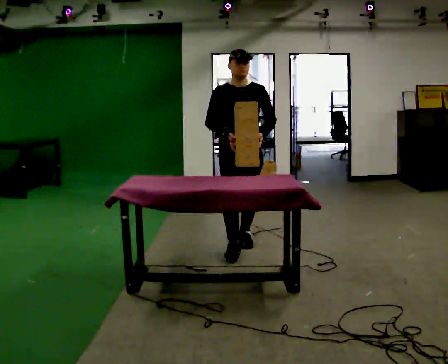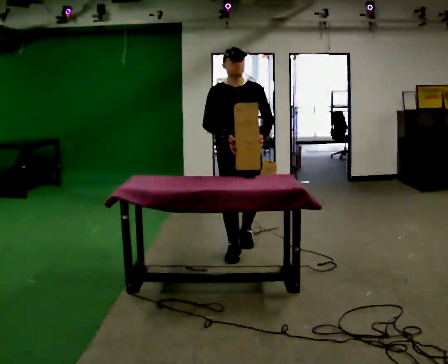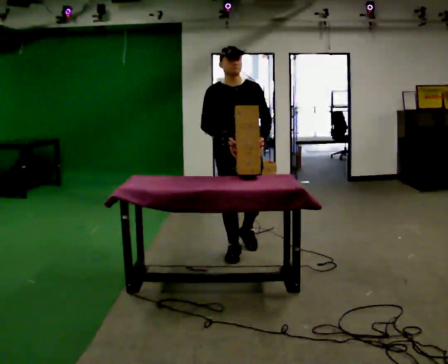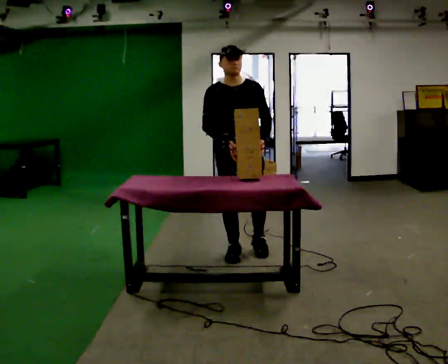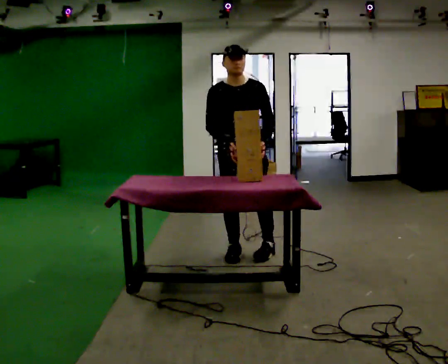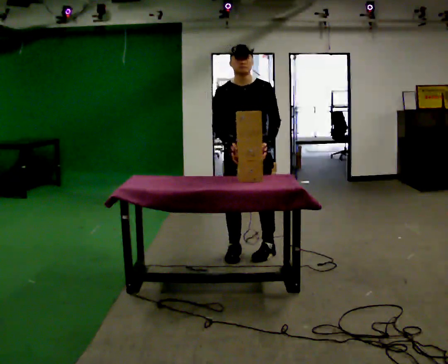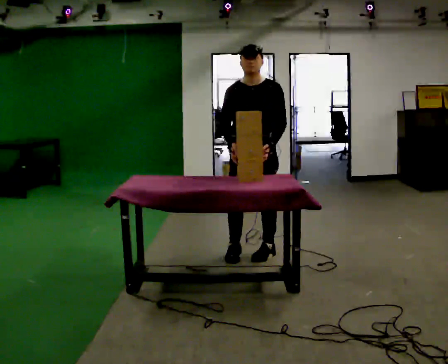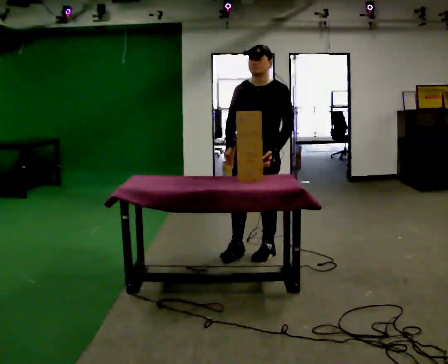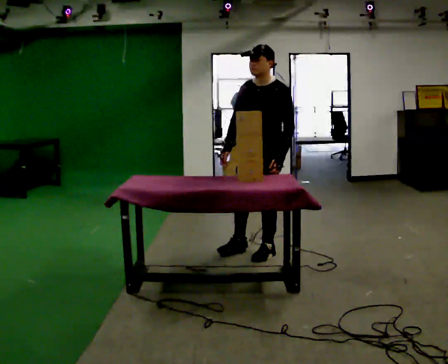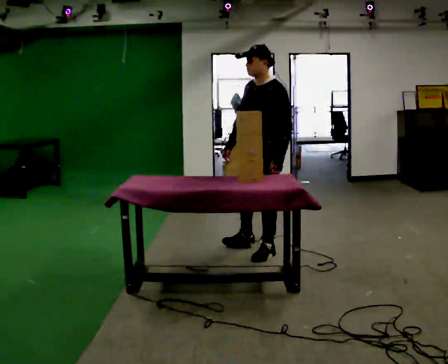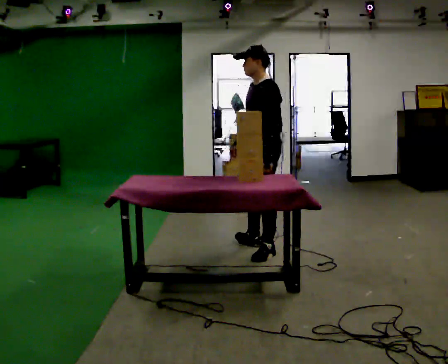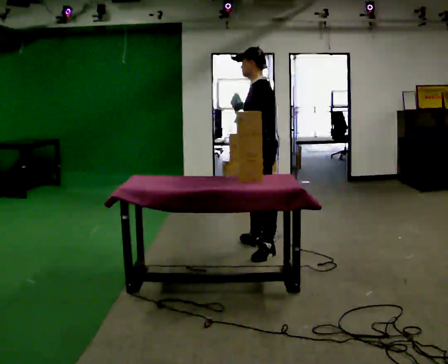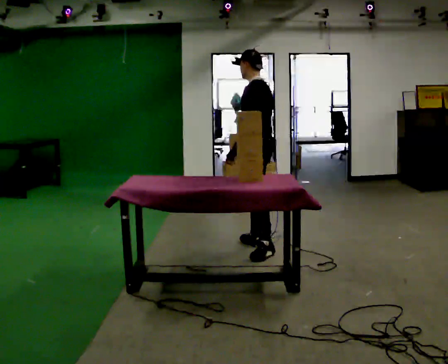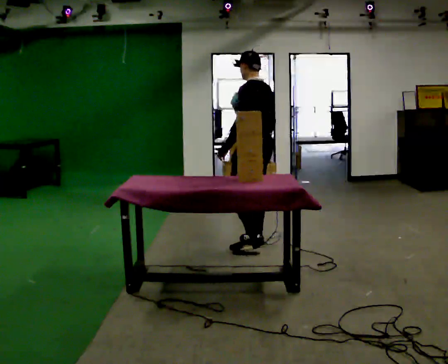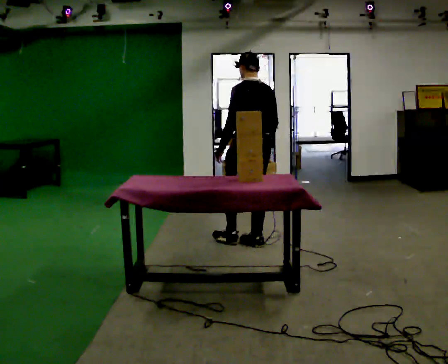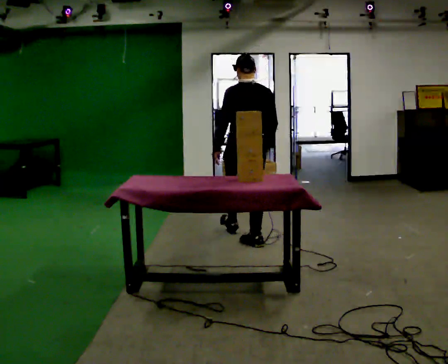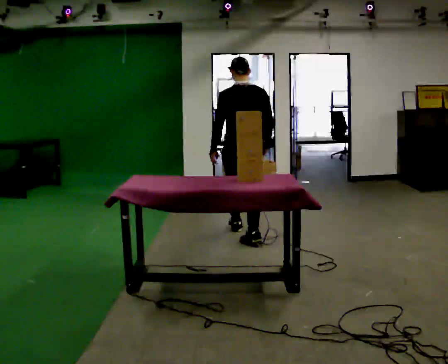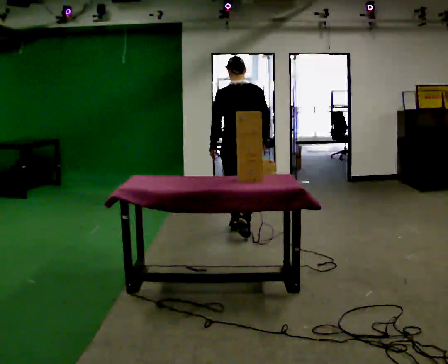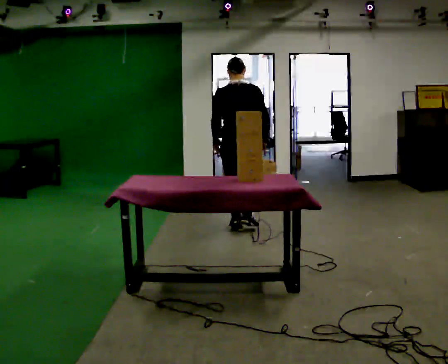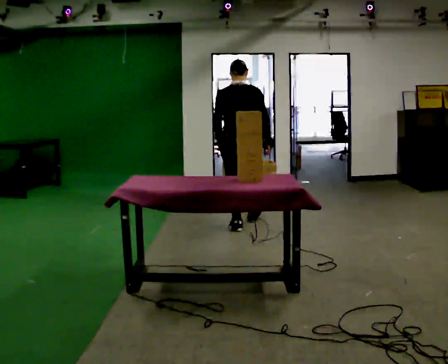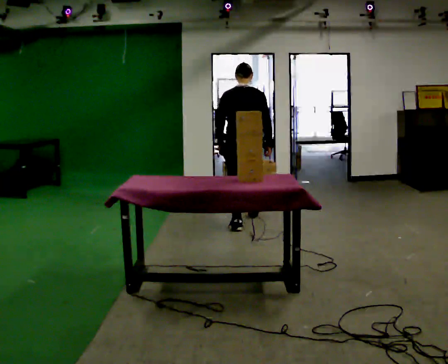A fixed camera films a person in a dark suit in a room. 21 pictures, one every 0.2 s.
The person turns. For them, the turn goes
to their right.
Their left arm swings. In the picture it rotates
clockwise.
0.0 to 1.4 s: The part of the body nearest the lens slides to the left as the person turns to their right by about 45 degrees. In the picture they go to the right and toward the camera, about 0.25 m in 1 step, which for them is forward and to their left.
1.4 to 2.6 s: The person turns about 90 degrees to their right, clockwise seen from above, so the part of the body nearest the lens slides to the left. In the picture they go away from the camera, about 0.25 m in 1 step.
2.6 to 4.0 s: The person turns about 45 degrees to their right, clockwise seen from above, so the part of the body nearest the lens slides to the left. In the picture they go away from the camera, about 1 m in 2 steps, which for them is forward.
The film runs forward here.
